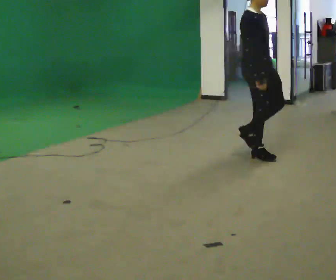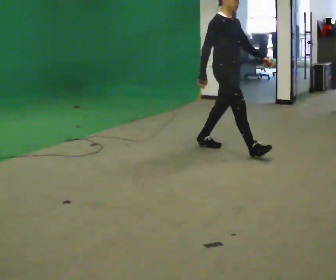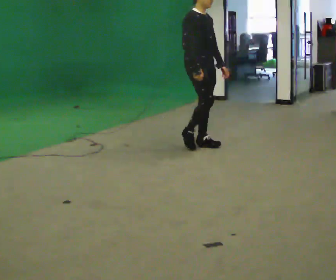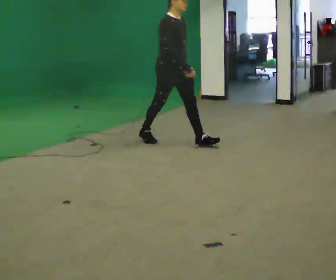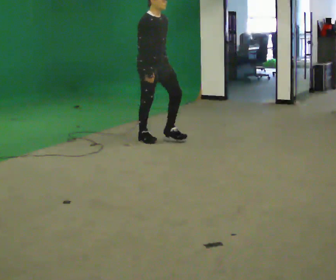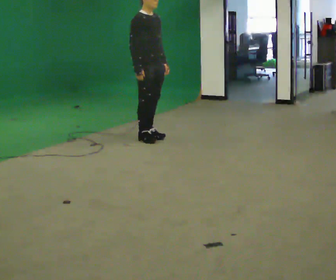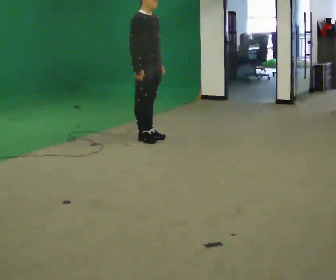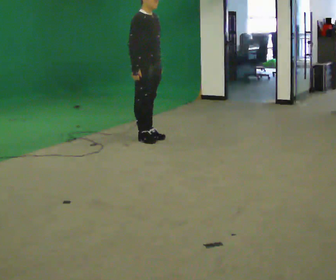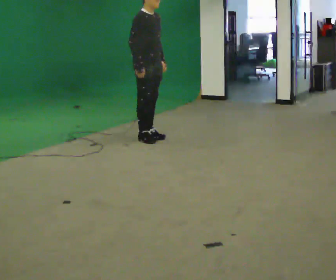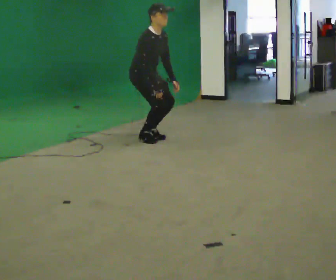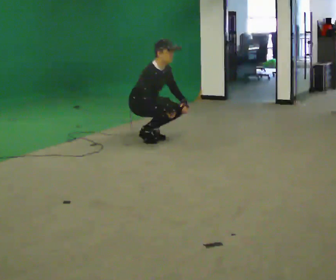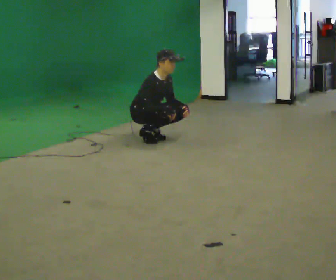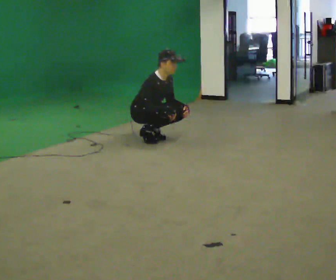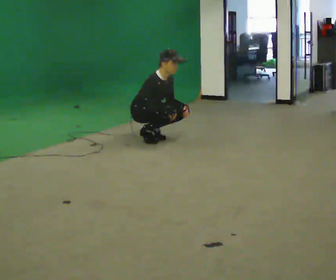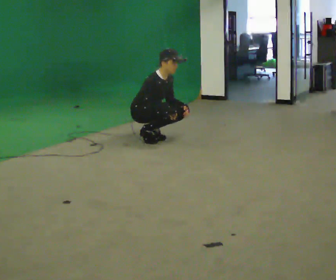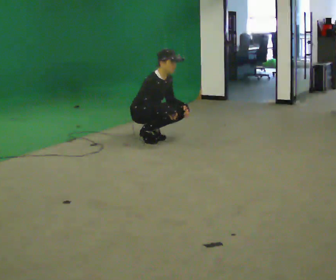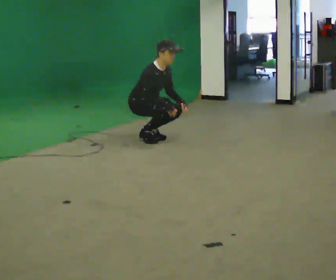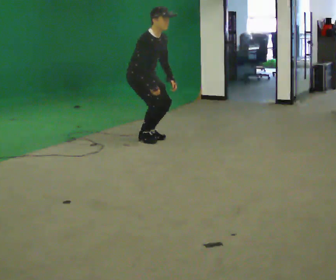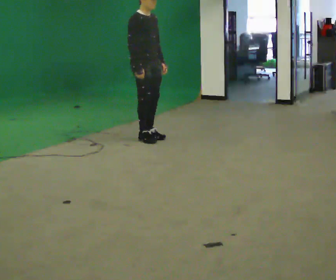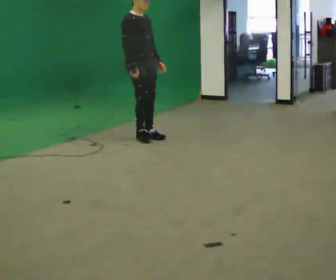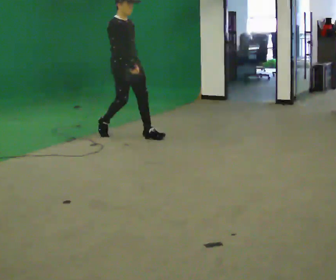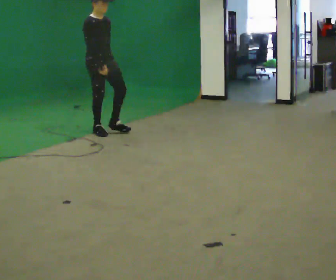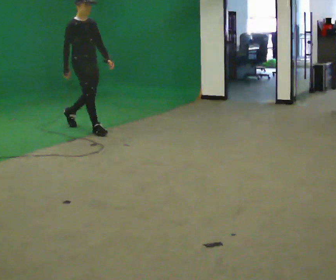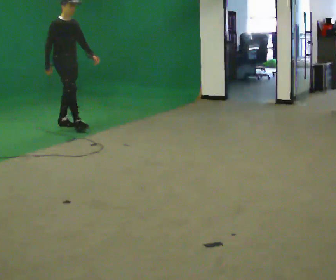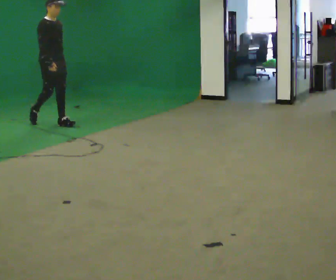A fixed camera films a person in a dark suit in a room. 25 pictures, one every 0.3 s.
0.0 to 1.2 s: In the picture they go to the left and away from the camera, about 1.5 m in 2 steps, which for them is backward.
1.2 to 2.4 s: The person moves a little, or ends about where they began.
2.4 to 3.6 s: The shoulders move downward. In the picture the upper body tilts clockwise, shoulders to the right, as they bend forward. In the picture their right hand goes downward and to the right.
3.6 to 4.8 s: The person moves a little, or ends about where they began.
4.8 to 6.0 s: In the picture they go to the left, about 0.25 m in 1 step, which for them is backward. The shoulders move upward. In the picture the upper body tilts counterclockwise, shoulders to the left, as they lean back or straighten. In the picture their left hand goes to the left and upward.
6.0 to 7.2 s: In the picture they go to the left and away from the camera, about 1.5 m in 2 steps, which for them is backward.
The film runs backward here.
